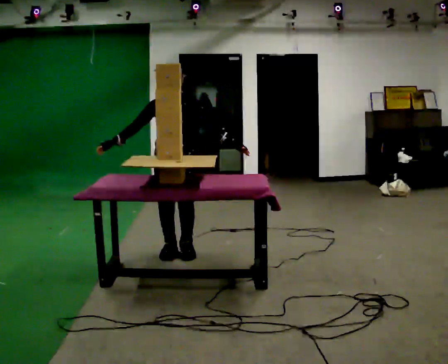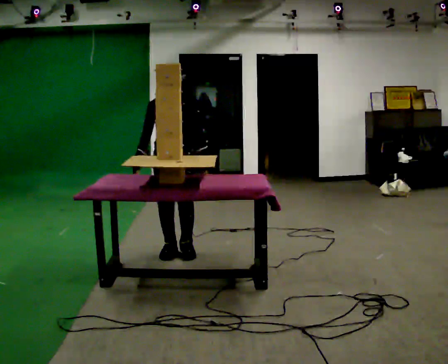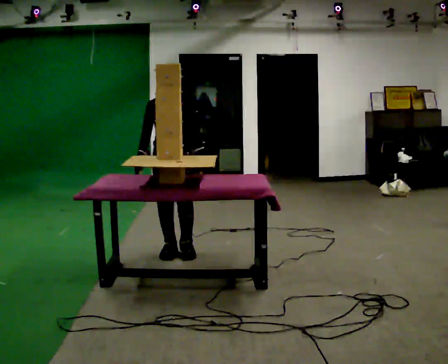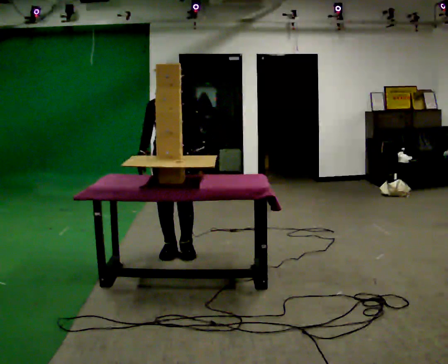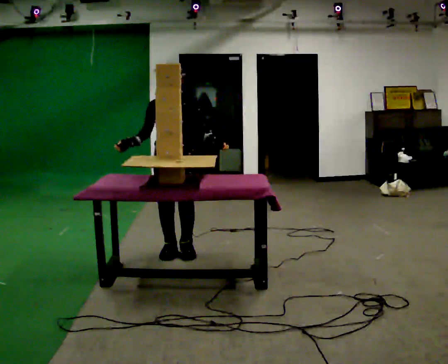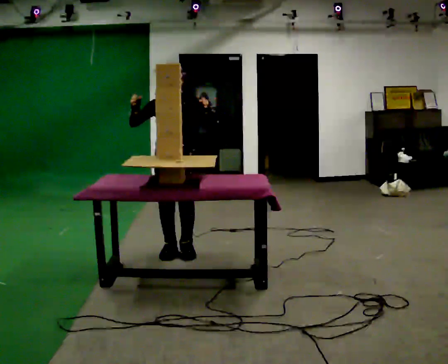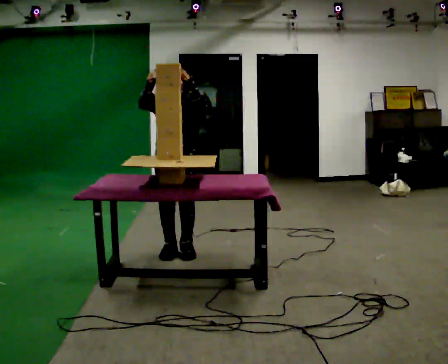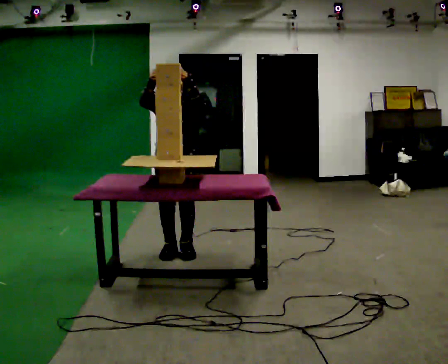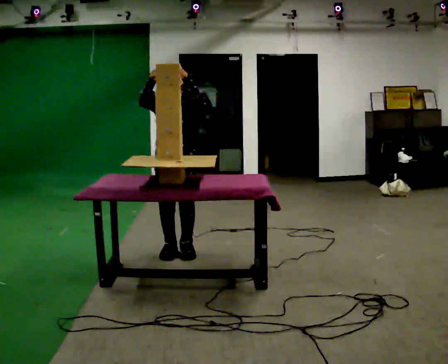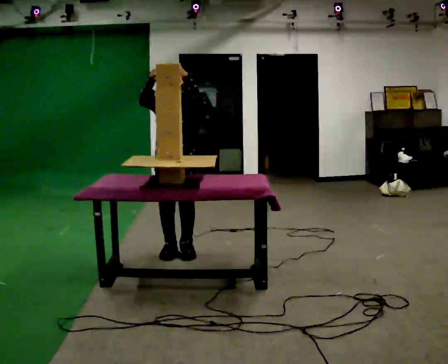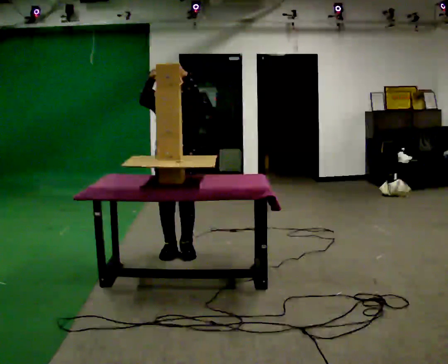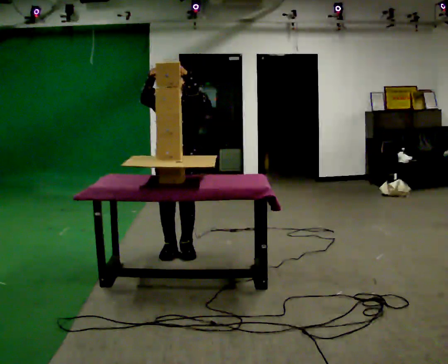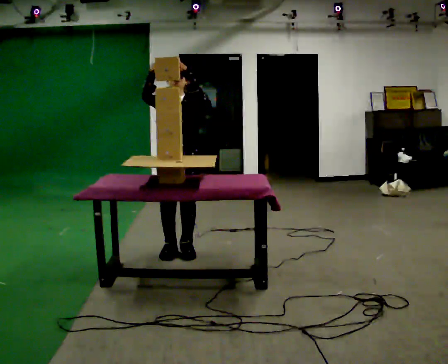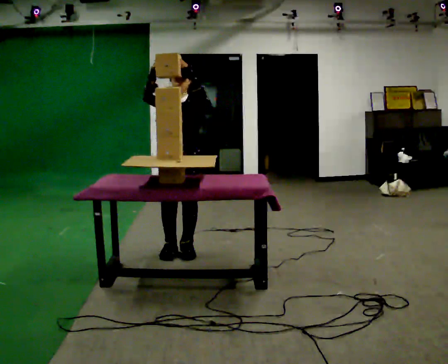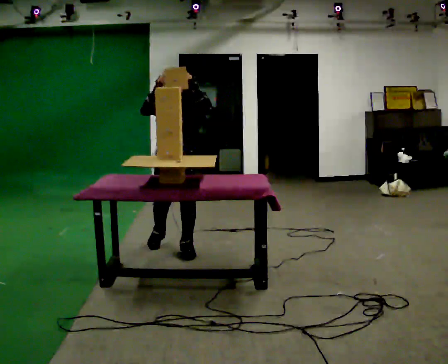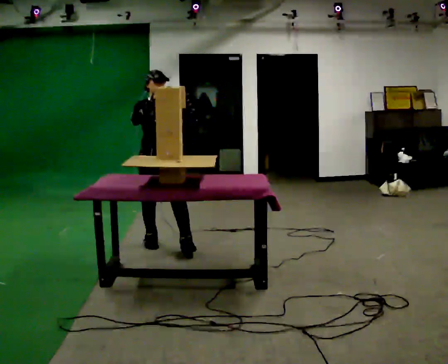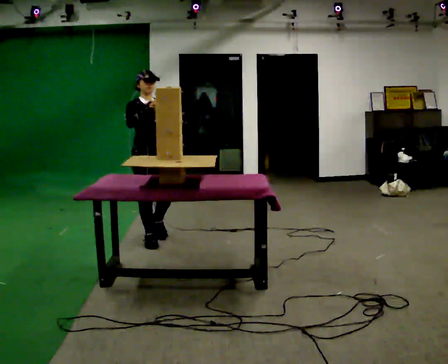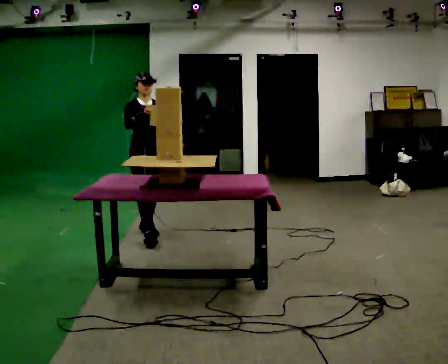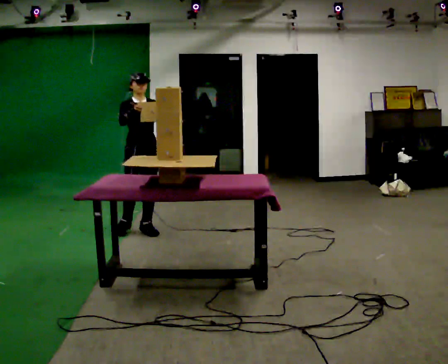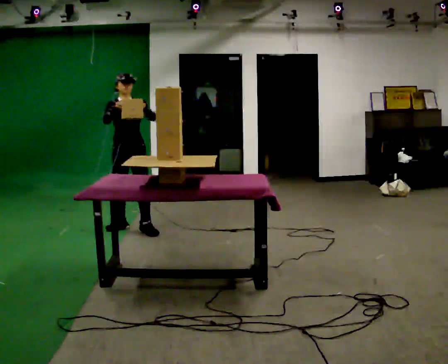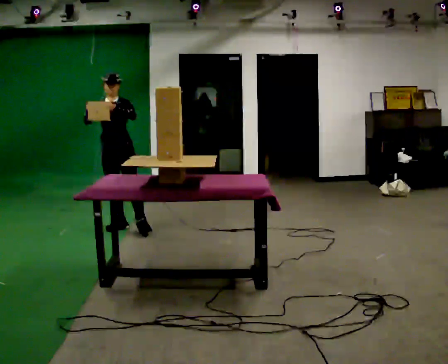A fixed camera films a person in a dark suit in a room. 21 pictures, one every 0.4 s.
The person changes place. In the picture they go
away from the camera.
0.0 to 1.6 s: The person moves a little, or ends about where they began.
1.6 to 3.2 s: In the picture their left hand goes upward.
3.2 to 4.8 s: The person moves a little, or ends about where they began.
4.8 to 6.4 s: The person turns about 30 degrees to their left, counterclockwise seen from above, so the part of the body nearest the lens slides to the right. In the picture they go away from the camera and to the left, about 0.5 m in 2 steps, which for them is backward and to their right.
6.4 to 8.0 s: The person turns about 30 degrees to their right, clockwise seen from above, so the part of the body nearest the lens slides to the left. In the picture they go away from the camera and to the left, about 0.5 m in 2 steps, which for them is backward and to their right.
The film runs backward here.
